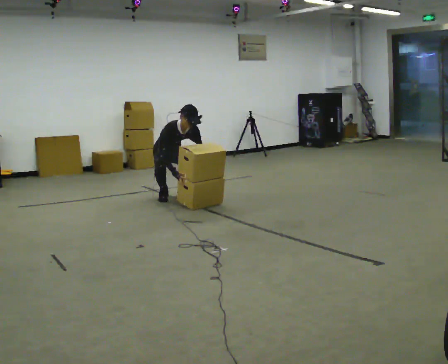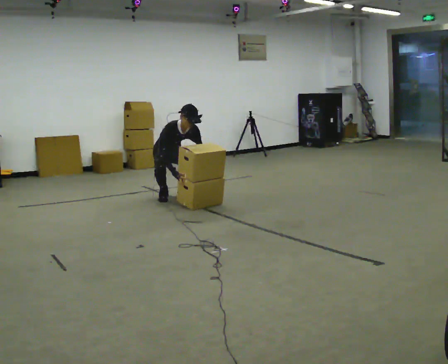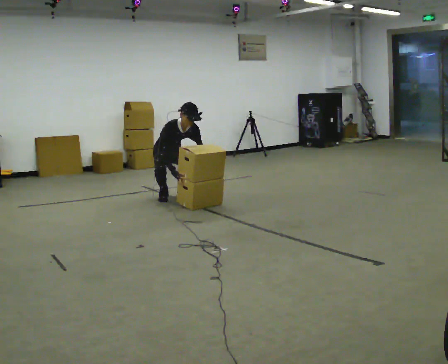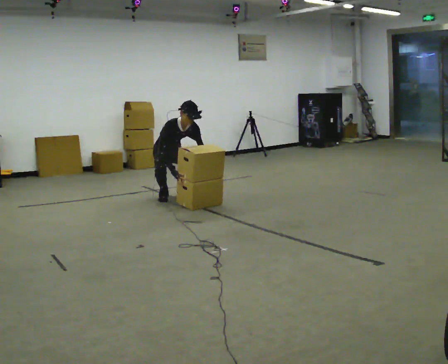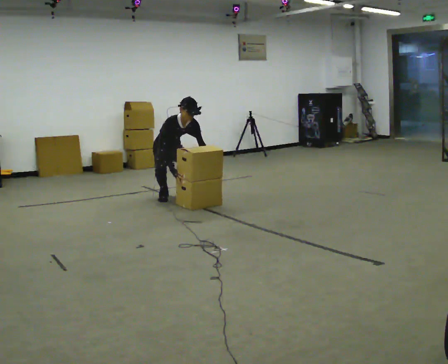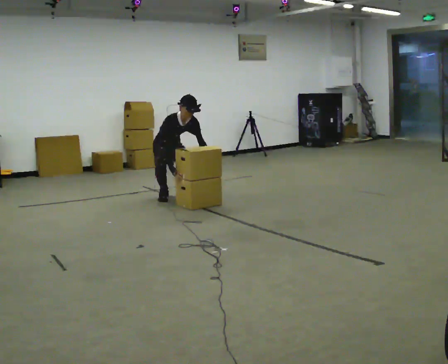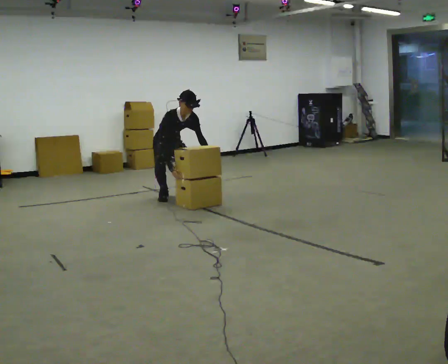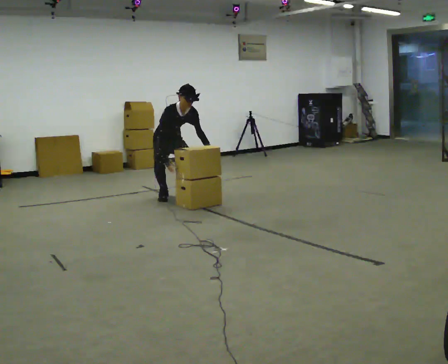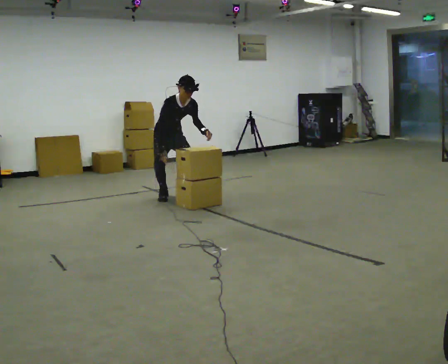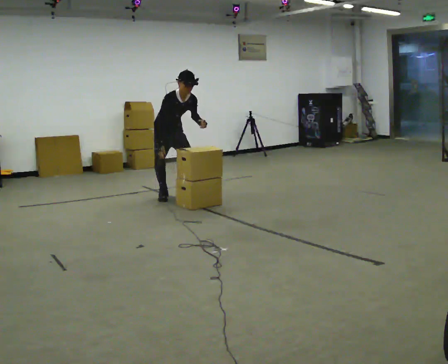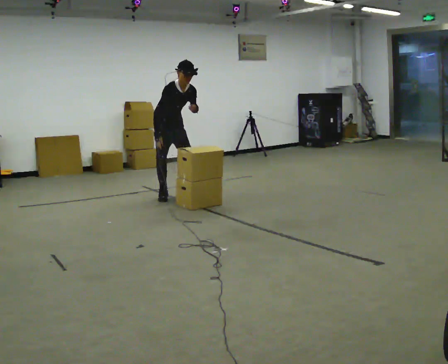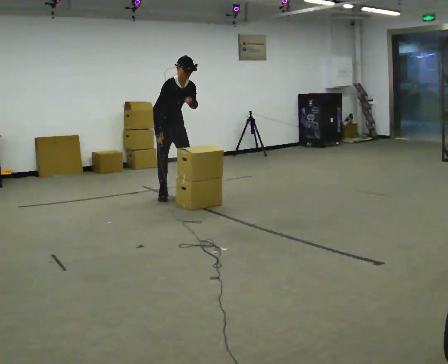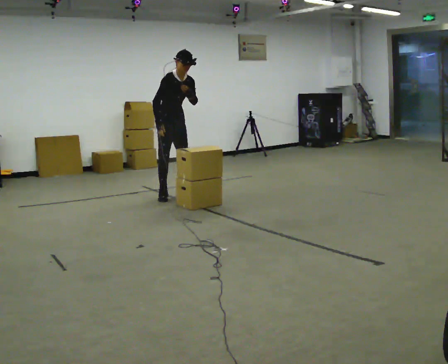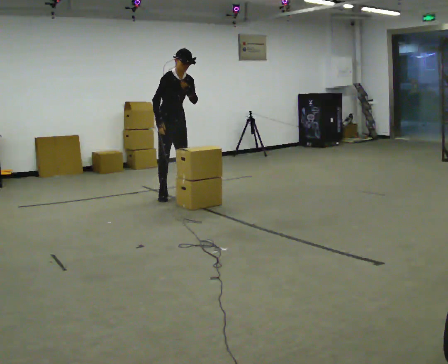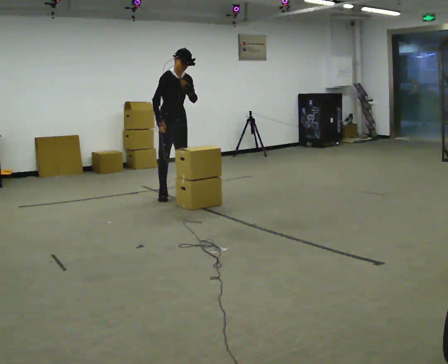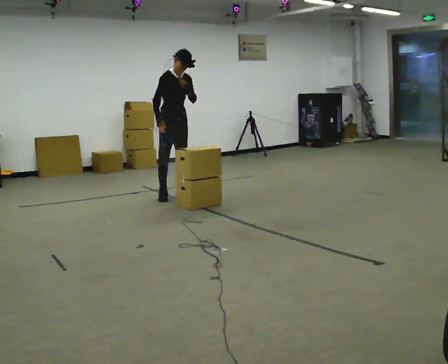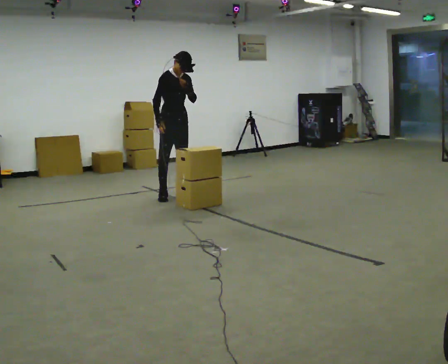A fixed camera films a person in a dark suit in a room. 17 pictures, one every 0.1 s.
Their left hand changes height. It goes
upward.
Their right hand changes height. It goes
upward.
0.0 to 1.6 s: The upper body goes upward. The upper body tips away from the camera, its near side rolling upward, as they lean back or straighten. In the picture their left hand goes upward.
The film runs forward here.
